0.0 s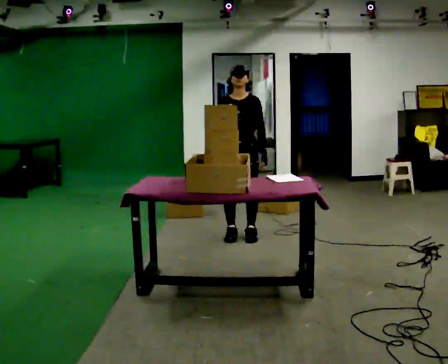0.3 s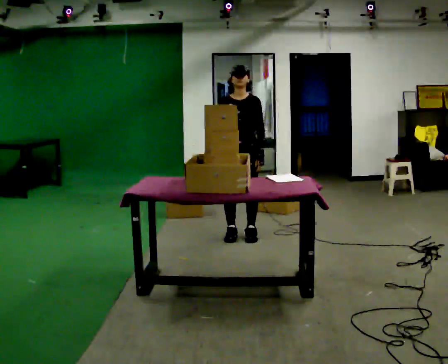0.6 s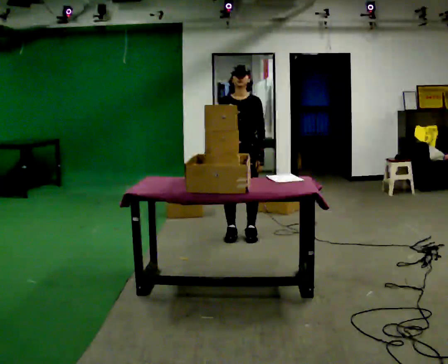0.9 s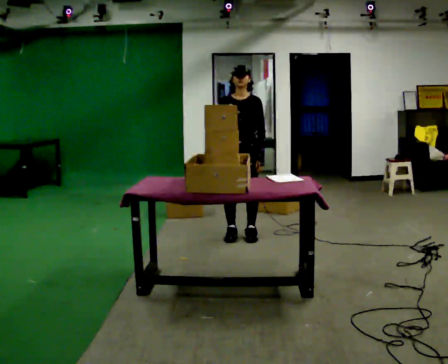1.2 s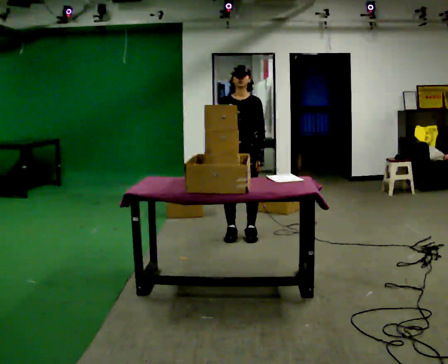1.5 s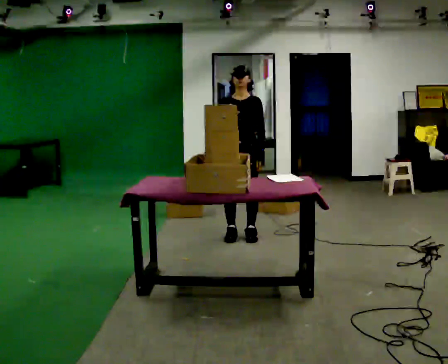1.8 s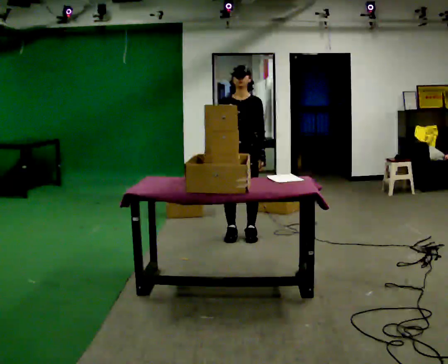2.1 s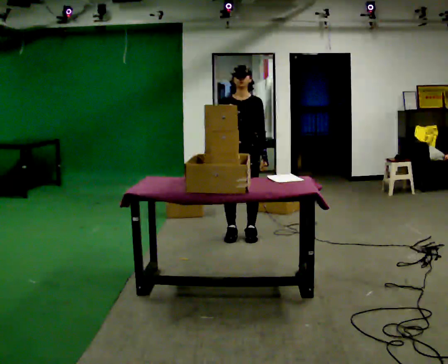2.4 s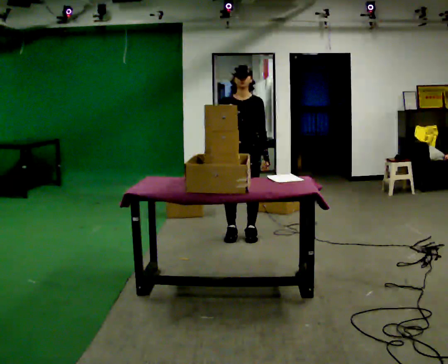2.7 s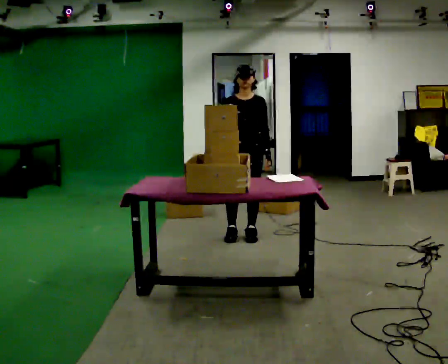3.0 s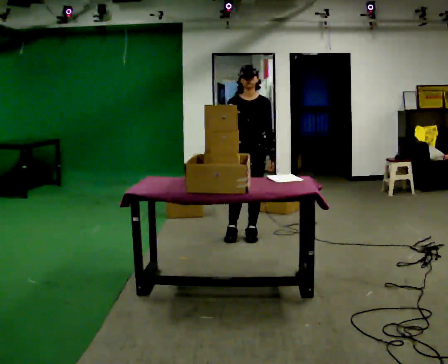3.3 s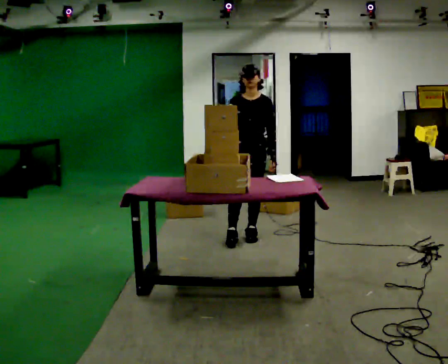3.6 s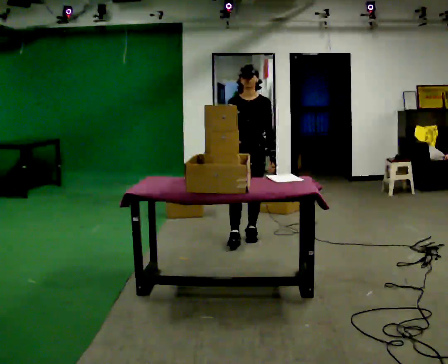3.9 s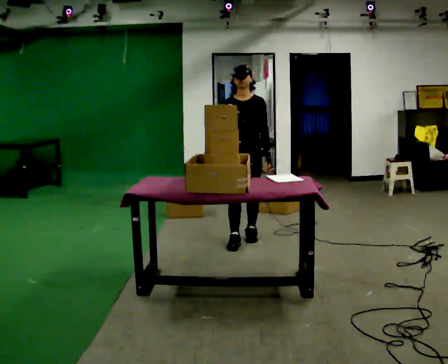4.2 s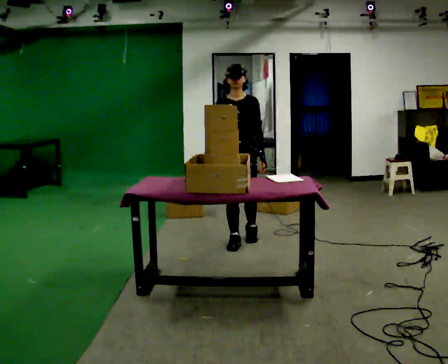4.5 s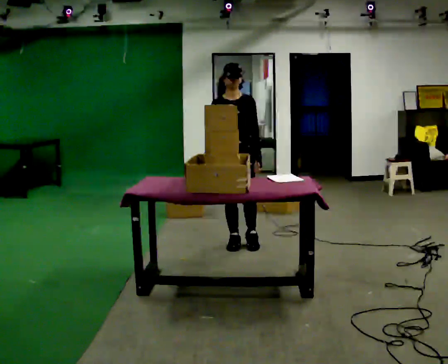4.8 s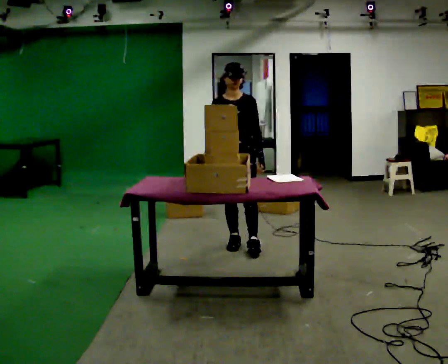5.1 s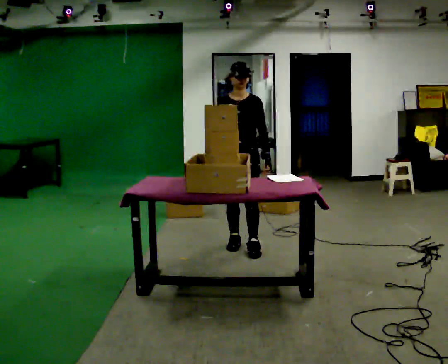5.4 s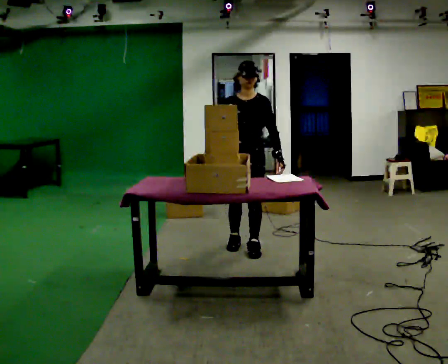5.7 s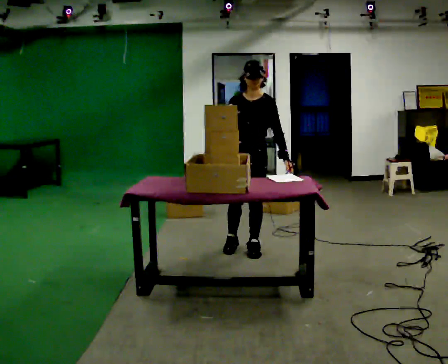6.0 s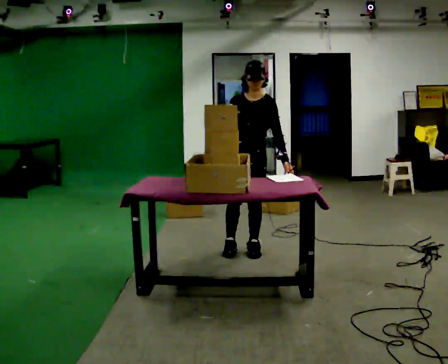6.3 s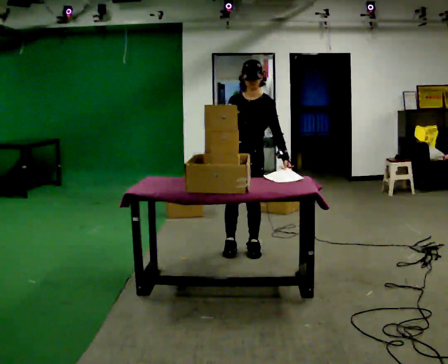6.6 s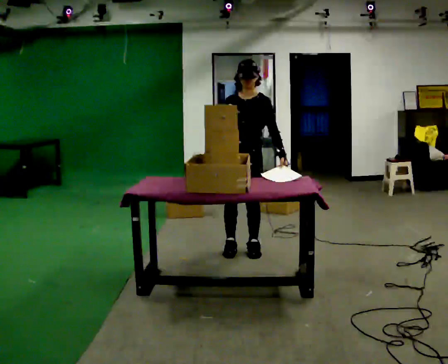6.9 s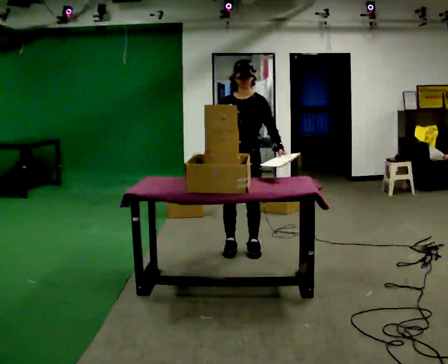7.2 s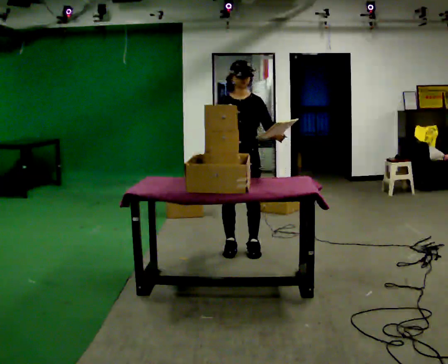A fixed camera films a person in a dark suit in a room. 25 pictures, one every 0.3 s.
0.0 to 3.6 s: The person moves a little, or ends about where they began.
3.6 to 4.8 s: In the picture they go toward the camera, about 0.25 m in 1 step, which for them is forward and to their right.
4.8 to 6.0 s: In the picture they go toward the camera, about 0.25 m in 1 step, which for them is forward and to their left.
6.0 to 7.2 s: The person moves a little, or ends about where they began.
The film runs forward here.
